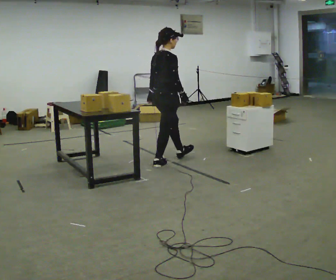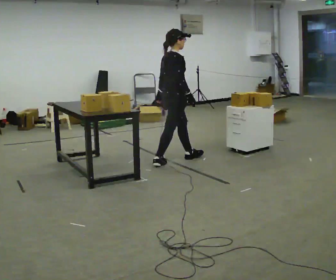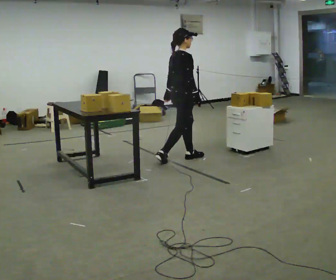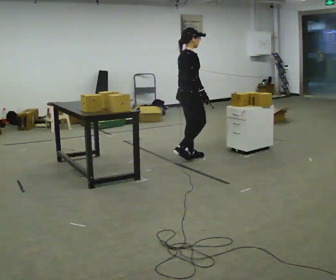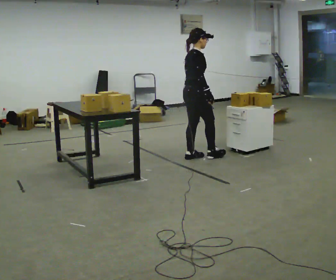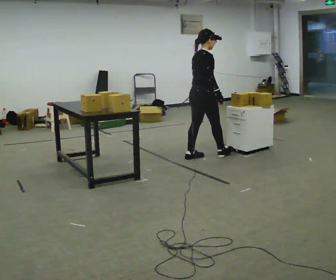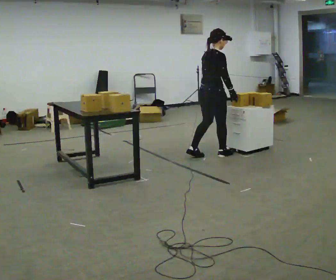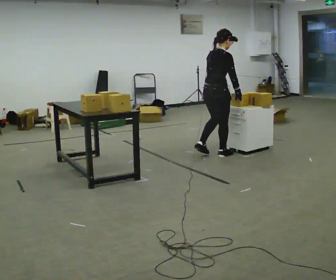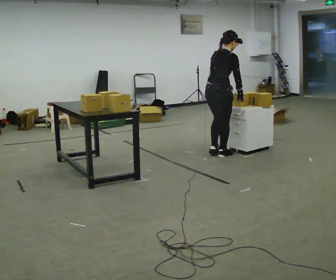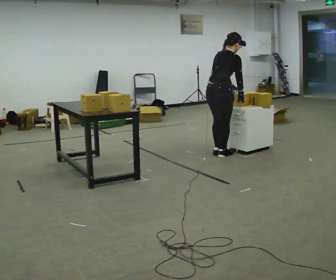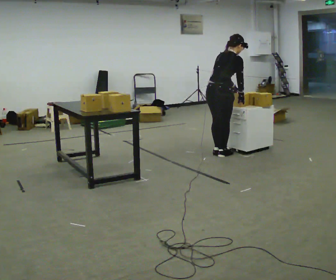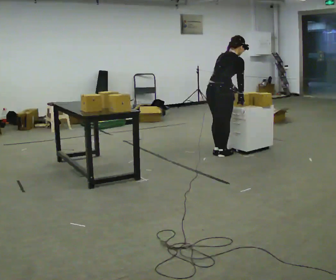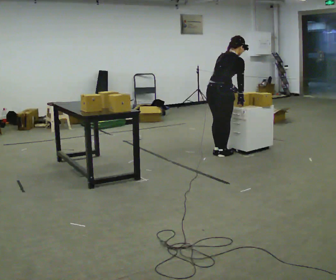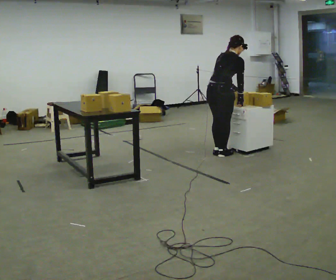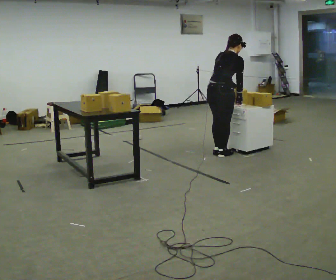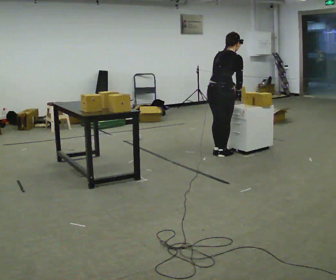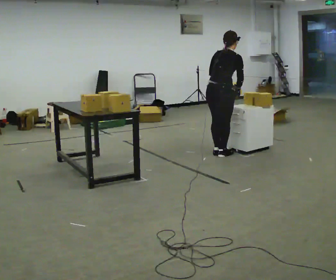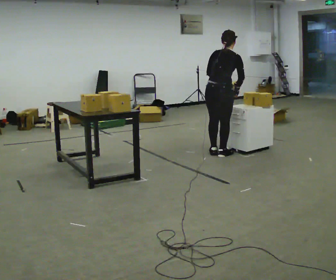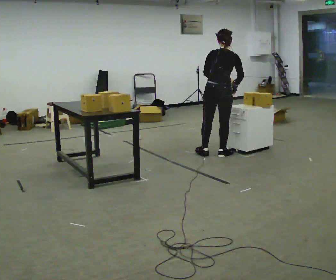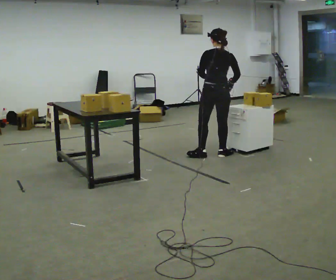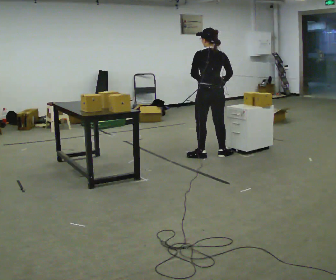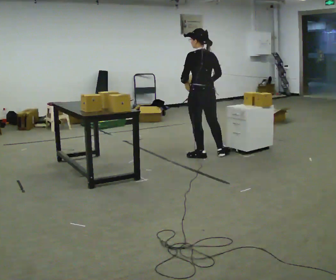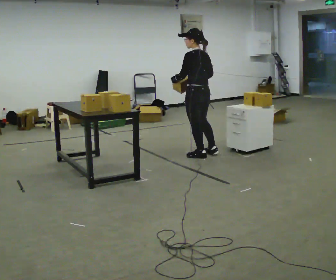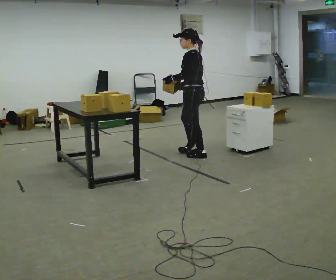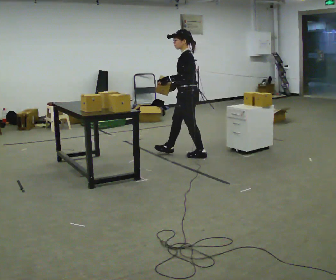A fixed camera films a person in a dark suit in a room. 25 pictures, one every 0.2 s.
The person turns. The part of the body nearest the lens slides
to the right.
The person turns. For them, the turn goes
to their left.
0.0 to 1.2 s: In the picture they go to the right and away from the camera, about 0.5 m in 2 steps, which for them is forward.
1.2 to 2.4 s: The upper body tips away from the camera, its near side rolling upward, as they bend forward.
2.4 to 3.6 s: The part of the body nearest the lens slides to the right as the person turns to their left by about 30 degrees. In the picture the upper body tilts counterclockwise, shoulders to the left, as they lean back or straighten.
3.6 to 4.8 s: Seen from above the body turns counterclockwise, about 105 degrees: to their left, with its near side sliding to the right. In the picture they go to the left, about 0.5 m in 1 step.
The film runs forward here.
